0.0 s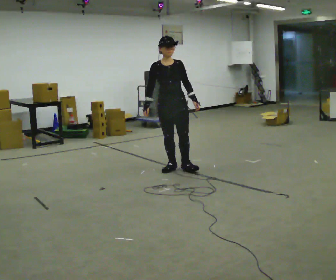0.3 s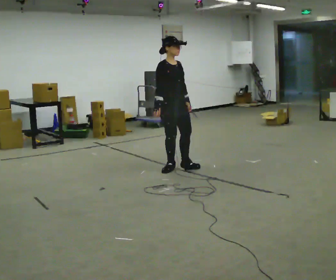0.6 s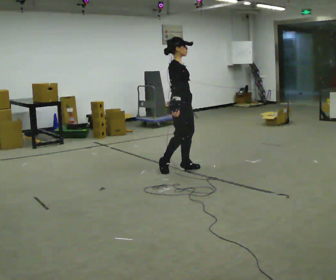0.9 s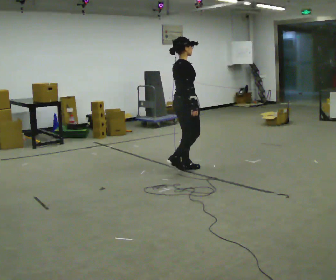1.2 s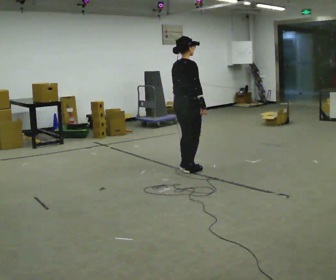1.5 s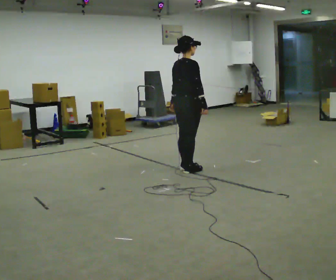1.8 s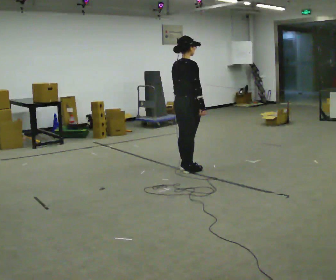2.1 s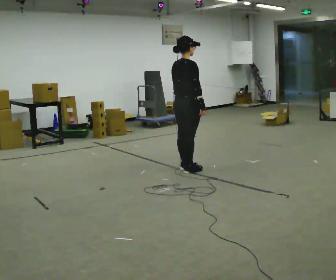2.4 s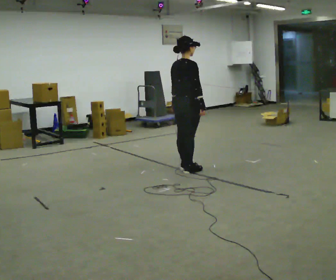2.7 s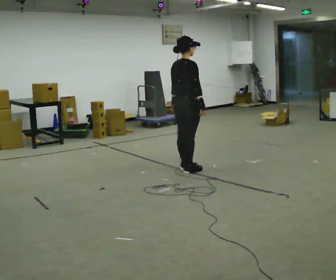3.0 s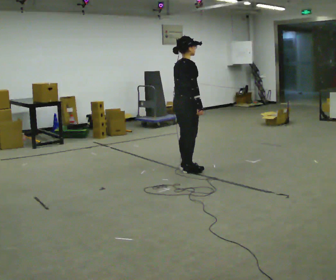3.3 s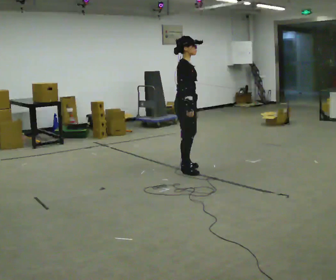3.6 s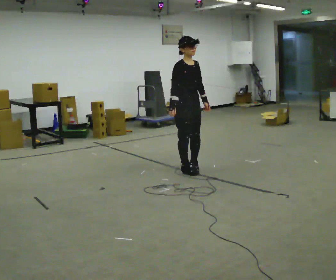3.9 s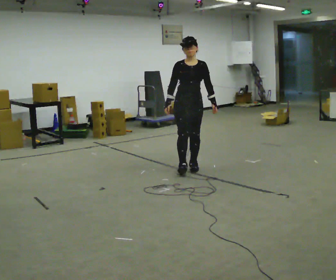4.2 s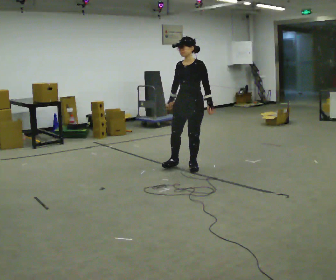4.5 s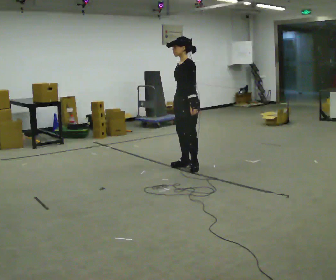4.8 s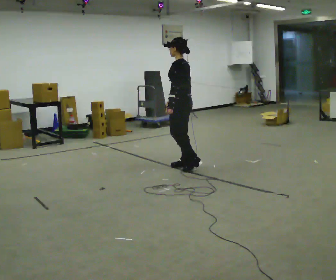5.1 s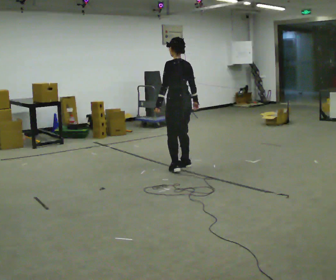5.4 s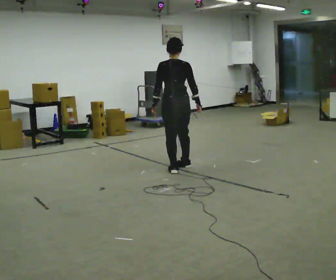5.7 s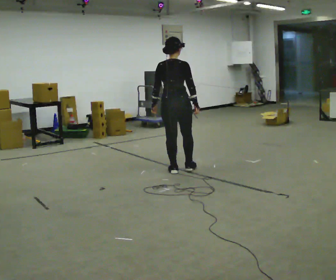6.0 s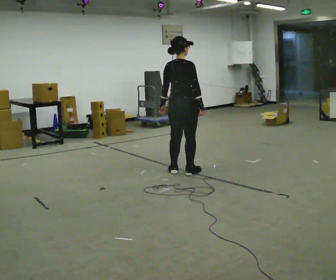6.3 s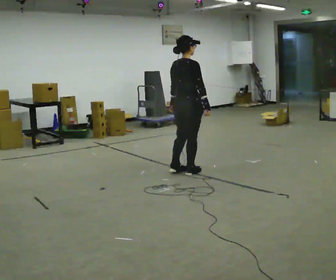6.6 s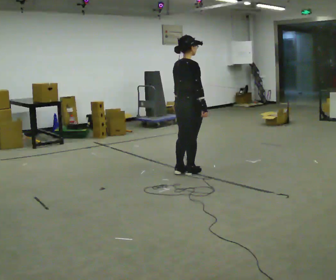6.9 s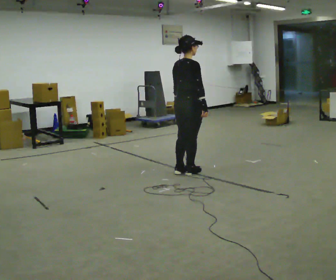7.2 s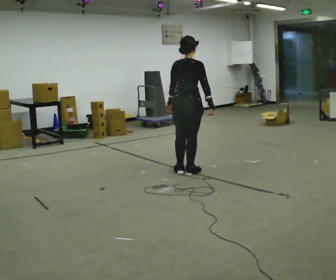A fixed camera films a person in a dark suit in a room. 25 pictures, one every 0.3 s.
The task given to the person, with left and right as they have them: Turn on the spot to face the direction the operator calls, then stand still. The operator will call 90, 180 and 360 degrees and left or right.
0.0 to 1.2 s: The part of the body nearest the lens slides to the right as the person turns to their left by about 120 degrees. In the picture they go to the right, about 0.25 m in 1 step.
1.2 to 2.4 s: The person moves a little, or ends about where they began.
2.4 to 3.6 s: The part of the body nearest the lens slides to the left as the person turns to their right by about 90 degrees. In the picture their right hand goes to the left.
3.6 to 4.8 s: The part of the body nearest the lens slides to the left as the person turns to their right by about 150 degrees.
4.8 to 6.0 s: The part of the body nearest the lens slides to the left as the person turns to their right by about 105 degrees. In the picture they go toward the camera, about 0.25 m in 2 steps.
6.0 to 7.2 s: The person moves a little, or ends about where they began.
The film runs forward here.
